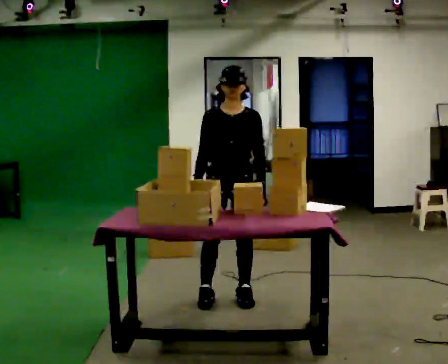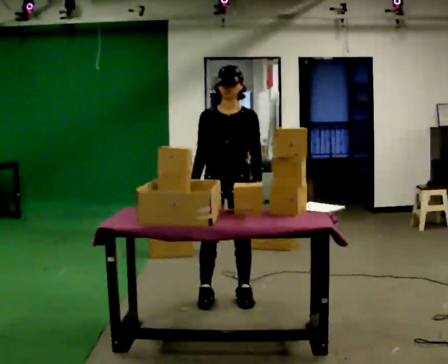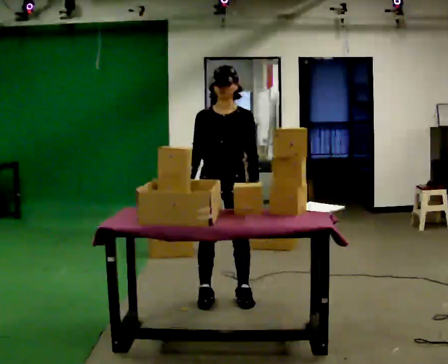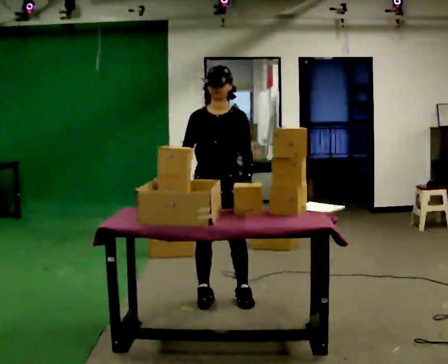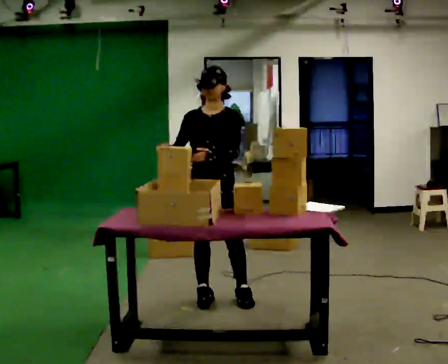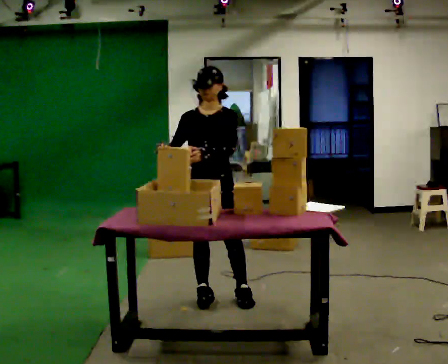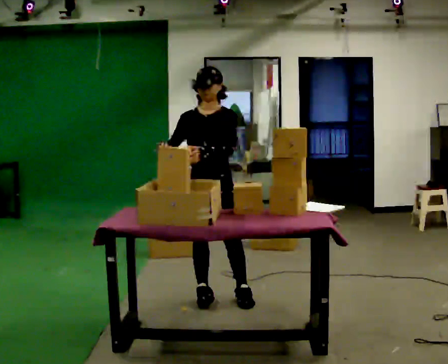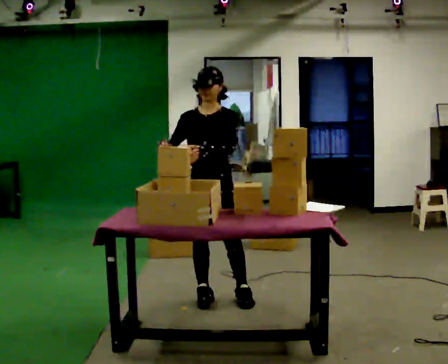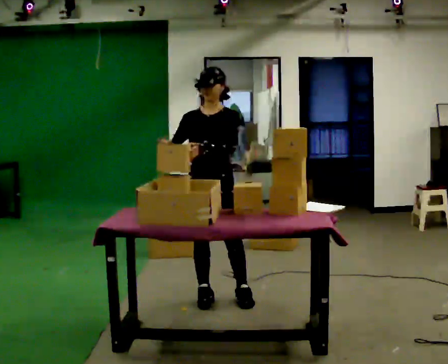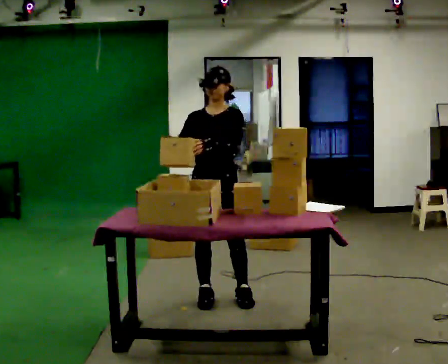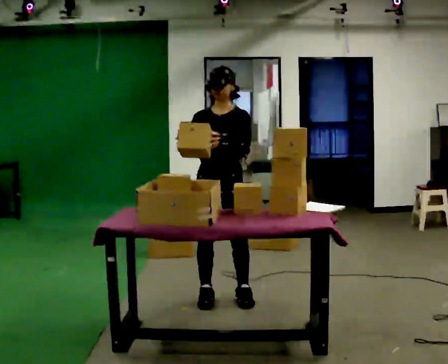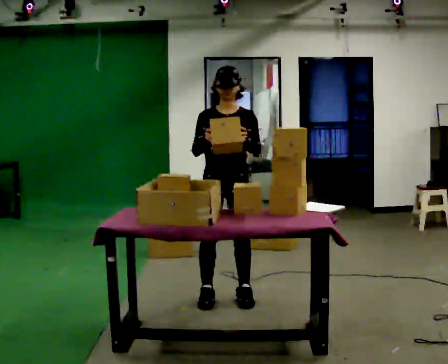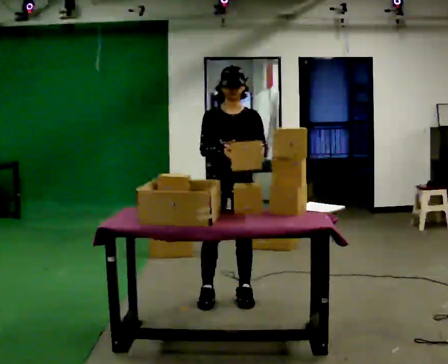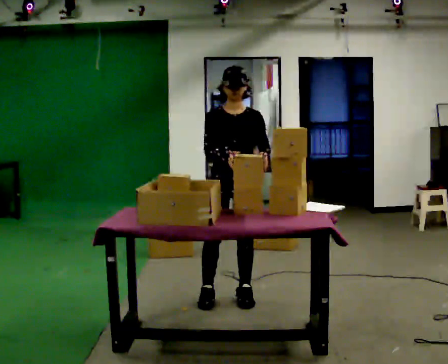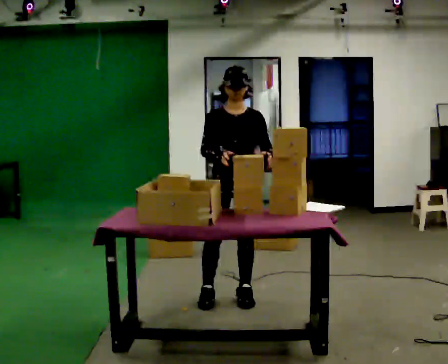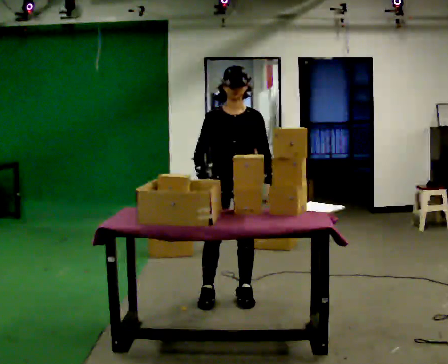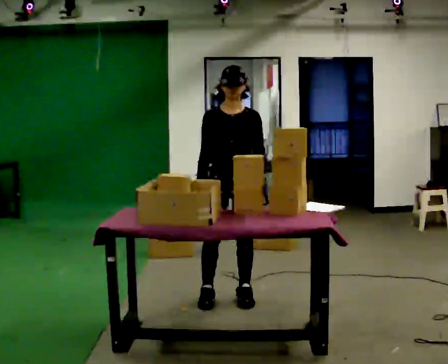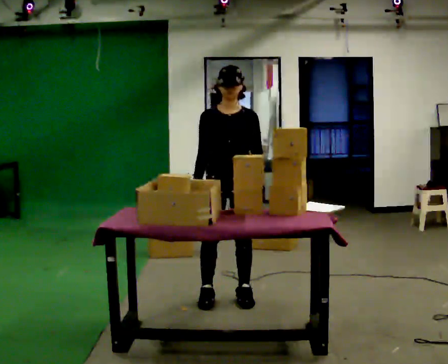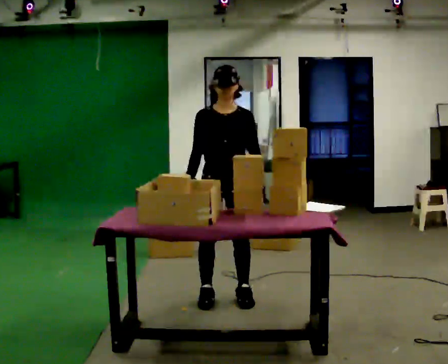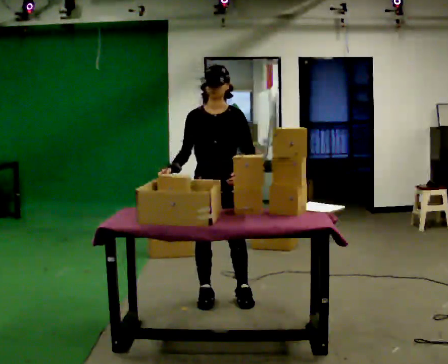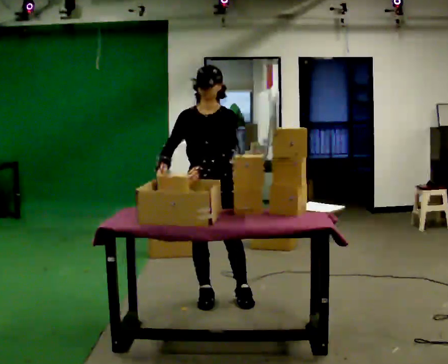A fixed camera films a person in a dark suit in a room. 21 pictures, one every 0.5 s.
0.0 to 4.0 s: In the picture their left hand goes to the left and upward.
4.0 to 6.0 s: In the picture their left hand goes to the right.
6.0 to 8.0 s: The person moves a little, or ends about where they began.
8.0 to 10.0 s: In the picture their left hand goes to the left.
The film runs backward here.
